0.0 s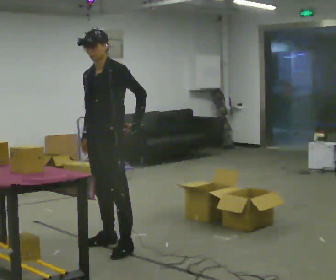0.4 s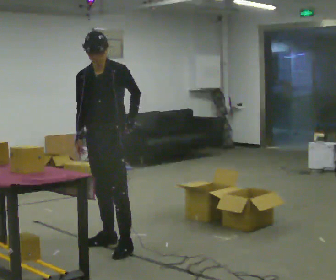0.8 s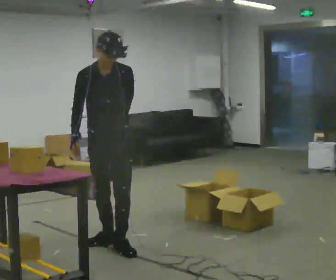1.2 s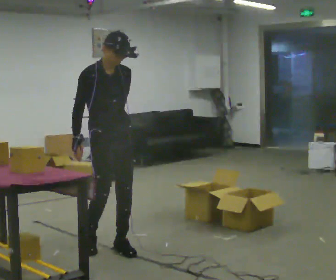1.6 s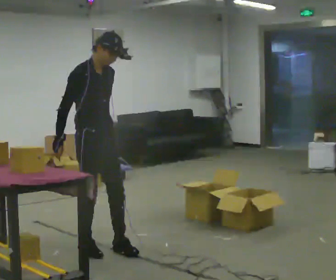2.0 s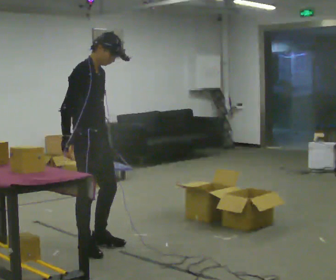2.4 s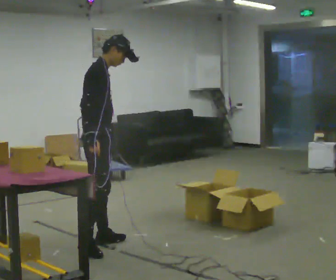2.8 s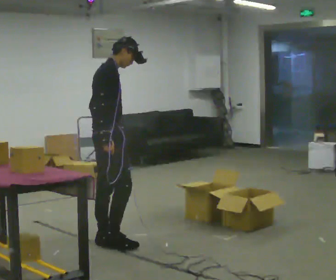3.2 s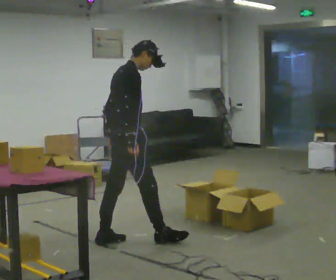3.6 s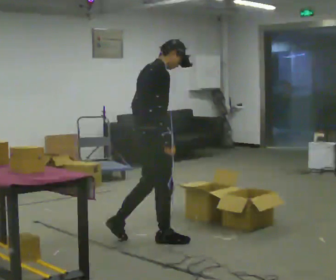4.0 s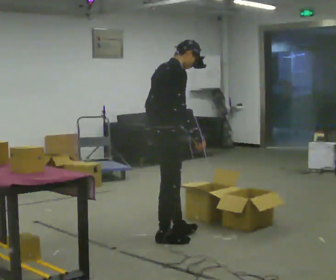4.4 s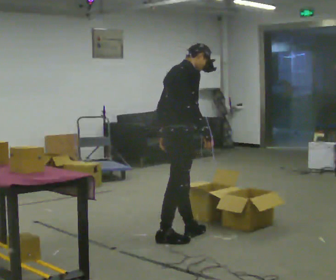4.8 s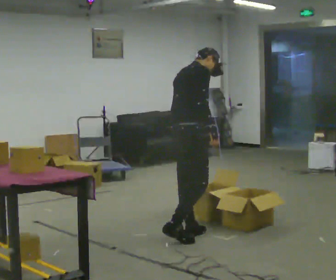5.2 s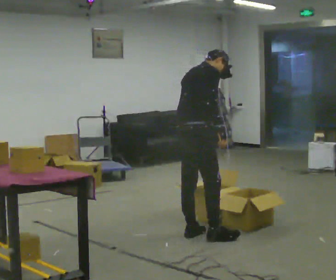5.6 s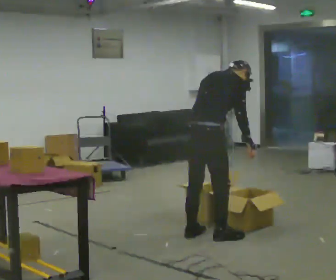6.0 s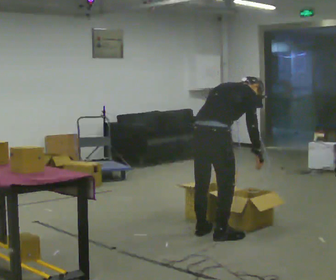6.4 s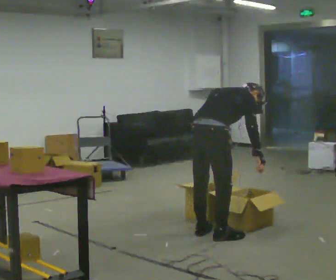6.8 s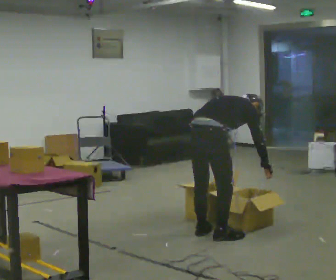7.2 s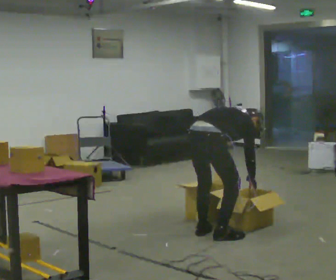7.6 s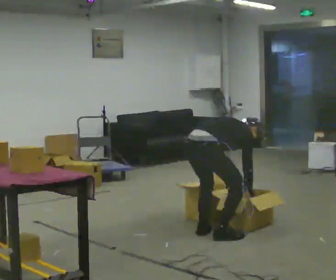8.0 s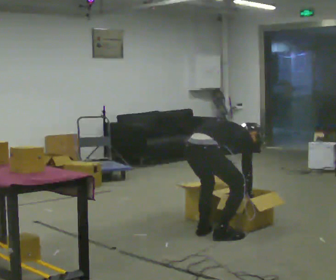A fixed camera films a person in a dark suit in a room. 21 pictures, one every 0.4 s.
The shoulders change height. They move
downward.
Their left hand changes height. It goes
downward.
0.0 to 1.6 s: The person turns about 90 degrees to their left, counterclockwise seen from above, so the part of the body nearest the lens slides to the right.
1.6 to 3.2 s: The person turns about 60 degrees to their left, counterclockwise seen from above, so the part of the body nearest the lens slides to the right. In the picture they go away from the camera and to the right, about 0.25 m in 2 steps, which for them is forward and to their left.
3.2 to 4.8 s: In the picture they go to the right, about 0.5 m in 1 step, which for them is forward.
4.8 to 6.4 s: In the picture they go to the right, about 0.25 m in 1 step, which for them is to their right. The shoulders move downward. In the picture the upper body tilts clockwise, shoulders to the right, as they bend forward.
6.4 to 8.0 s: The shoulders move downward. In the picture the upper body tilts clockwise, shoulders to the right, as they bend forward. In the picture their right hand goes downward.
The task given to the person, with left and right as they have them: 1. Look at the shelf and see which spaces are empty. 2. Find matching items in the bins on the floor. 3. Fill the empty spaces on the shelf. 4. Tell the operator when you are finished.
The film runs forward here.
